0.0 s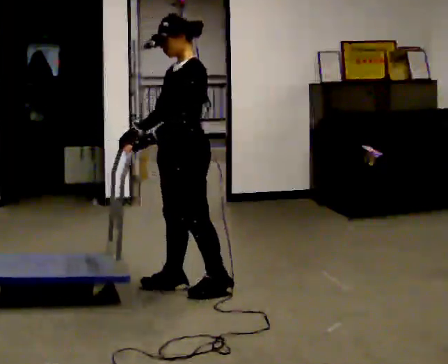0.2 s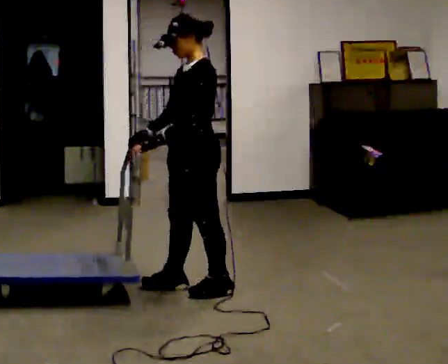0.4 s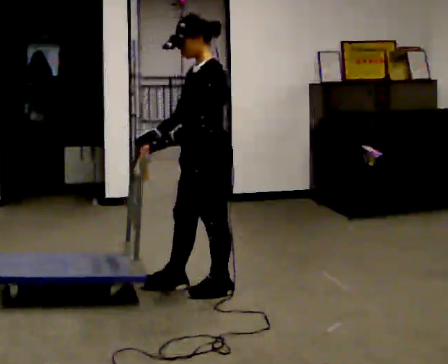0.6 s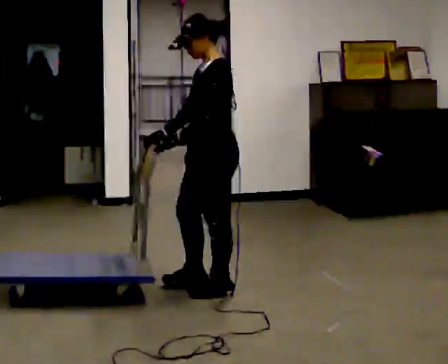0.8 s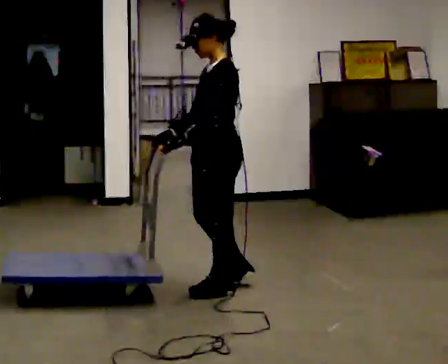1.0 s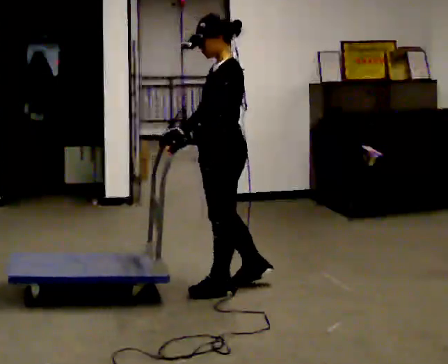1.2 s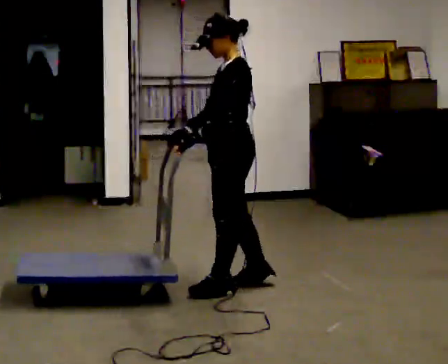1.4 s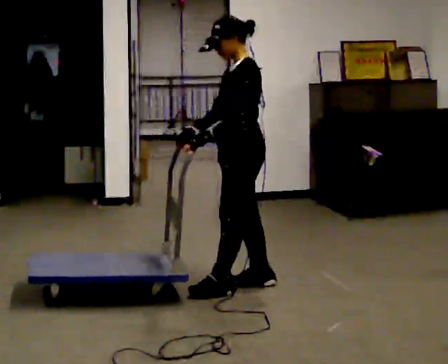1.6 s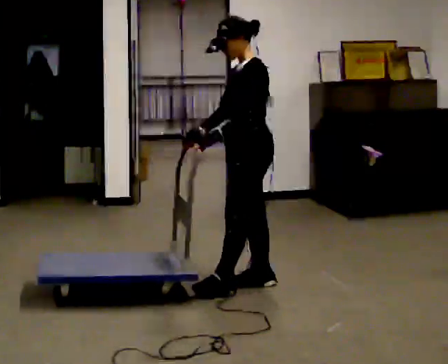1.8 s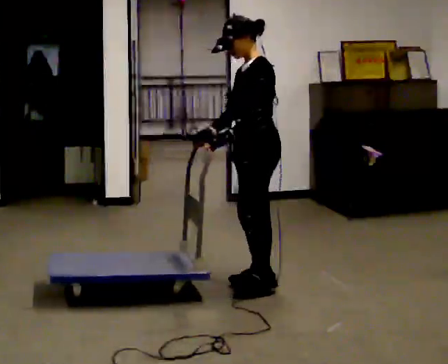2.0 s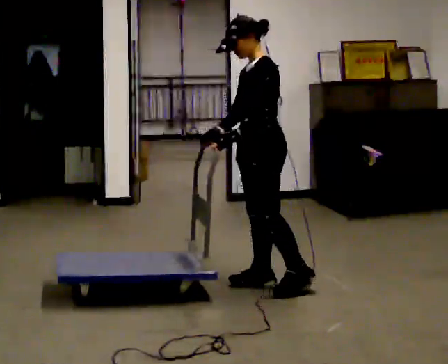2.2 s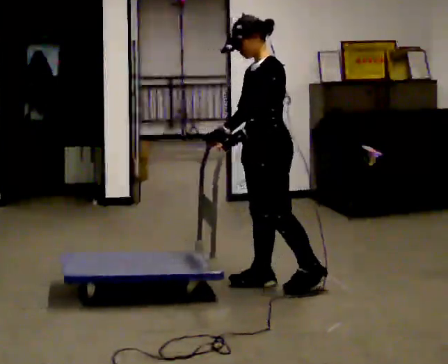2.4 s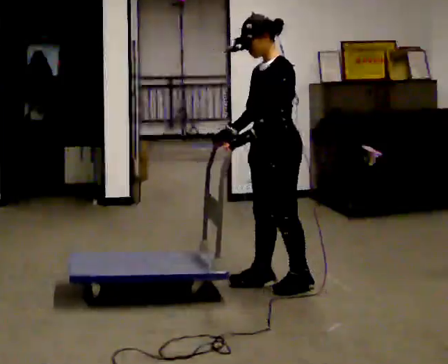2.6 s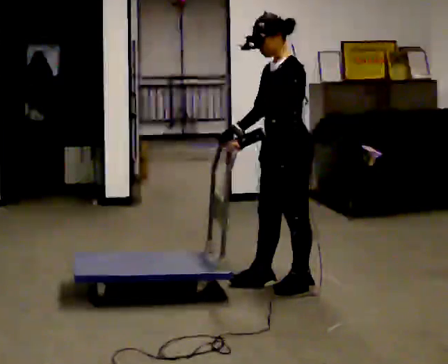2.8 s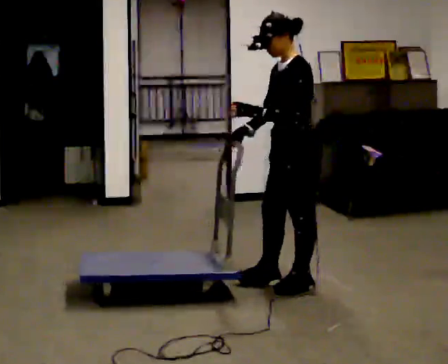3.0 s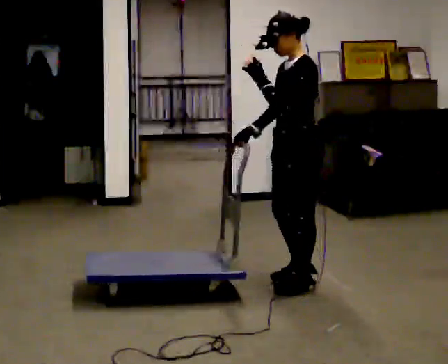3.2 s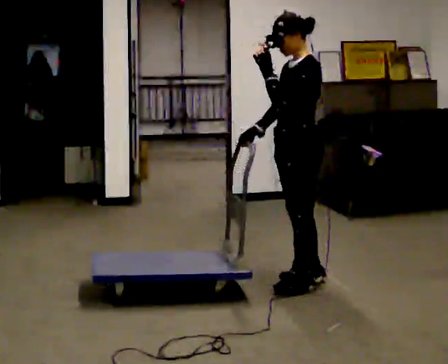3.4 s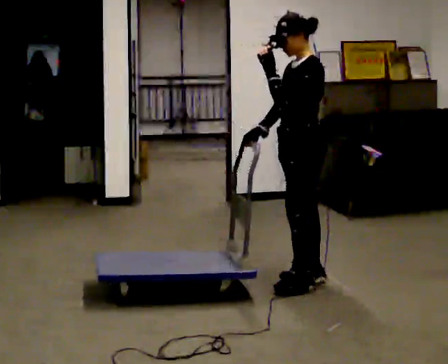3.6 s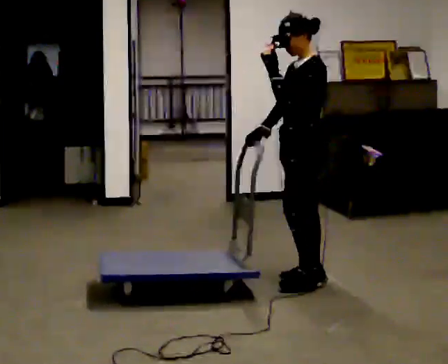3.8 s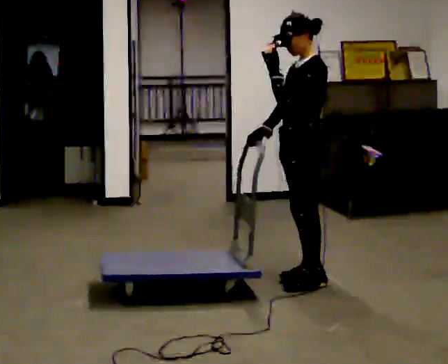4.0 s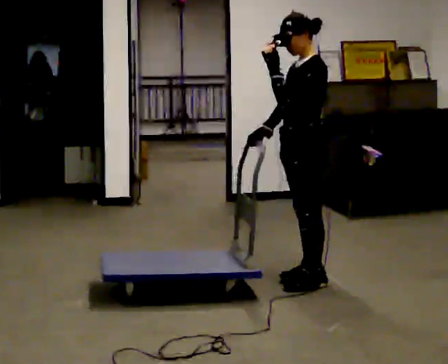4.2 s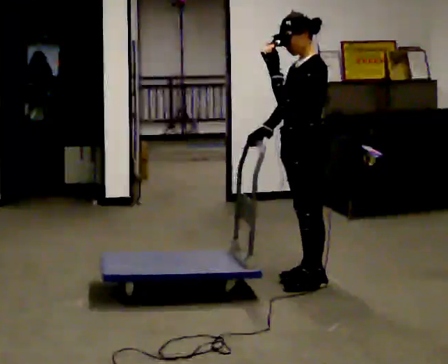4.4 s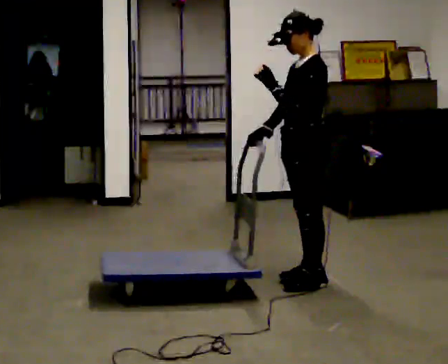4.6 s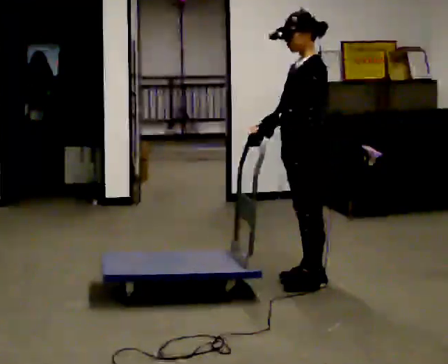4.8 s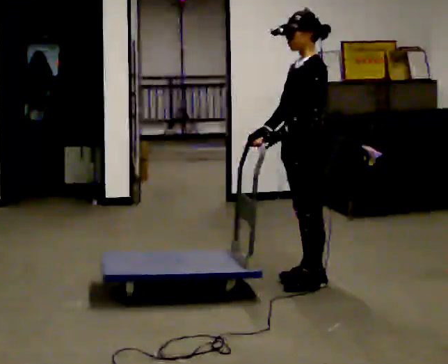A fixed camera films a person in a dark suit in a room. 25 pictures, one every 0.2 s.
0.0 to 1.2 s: In the picture they go to the right, about 0.25 m in 1 step, which for them is backward.
1.2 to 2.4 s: In the picture they go to the right, about 0.25 m in 1 step, which for them is backward.
2.4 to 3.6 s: In the picture they go to the right, about 0.25 m in 1 step, which for them is backward. In the picture their left hand goes upward.
3.6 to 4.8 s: In the picture their left hand goes downward.
The film runs forward here.
